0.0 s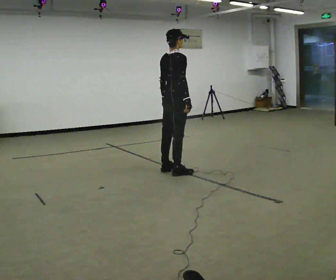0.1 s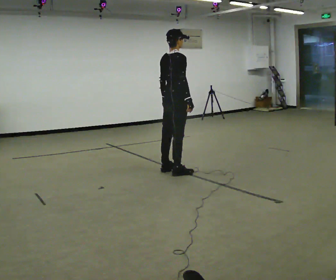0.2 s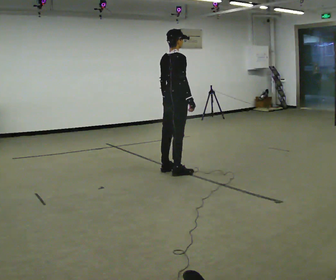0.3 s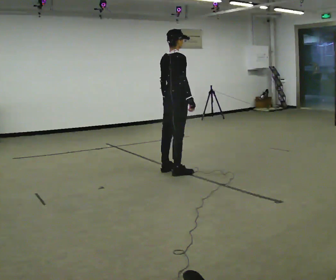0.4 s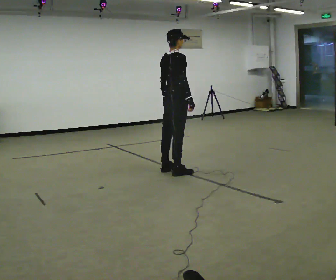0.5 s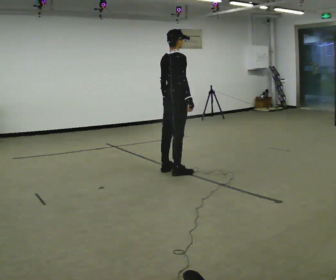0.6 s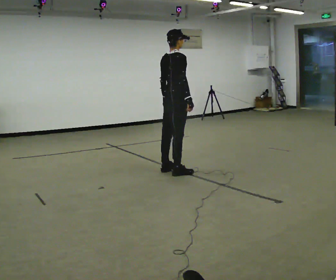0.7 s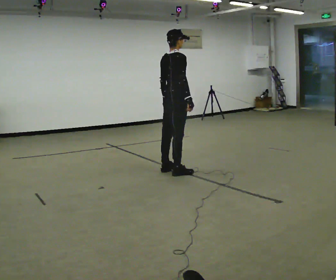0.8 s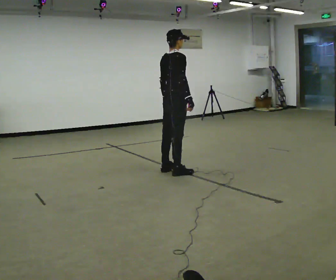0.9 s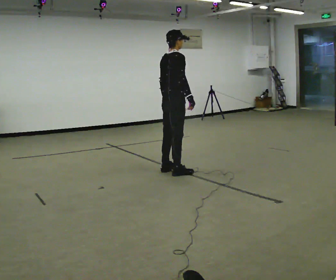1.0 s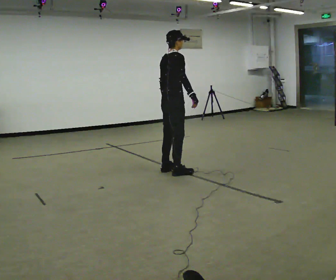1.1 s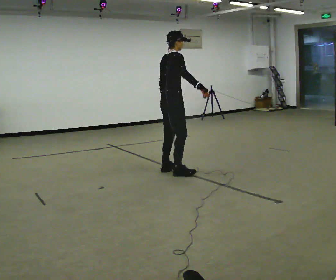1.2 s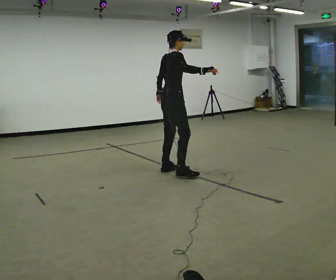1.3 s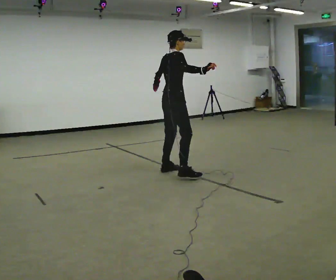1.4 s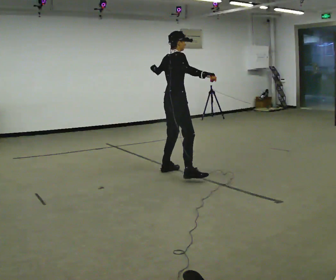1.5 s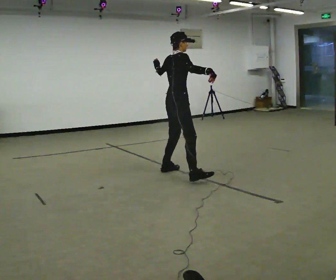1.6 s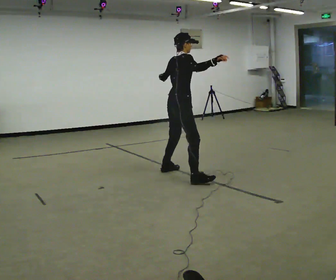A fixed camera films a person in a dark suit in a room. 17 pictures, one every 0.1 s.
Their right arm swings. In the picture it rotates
counterclockwise.
Their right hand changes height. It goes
upward.
0.0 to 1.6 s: In the picture they go toward the camera, about 0.25 m in 1 step, which for them is to their right. In the picture their right hand goes upward and to the right, the arm swinging counterclockwise.
The film runs forward here.
